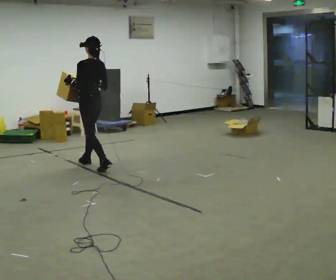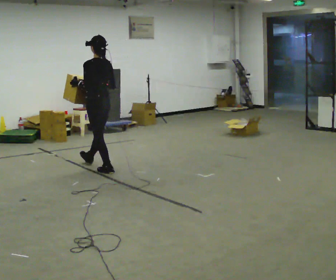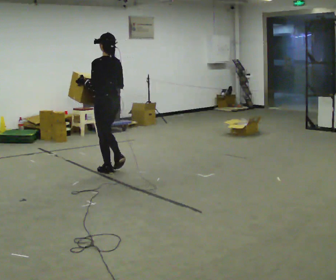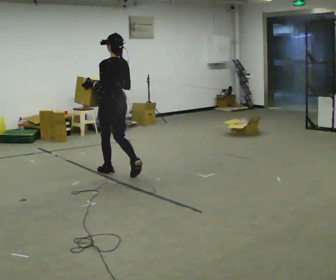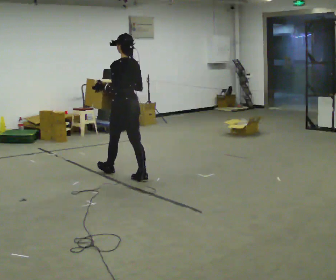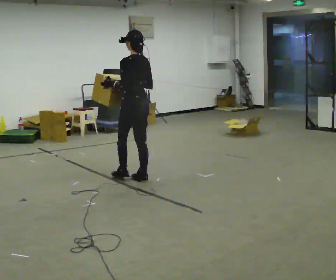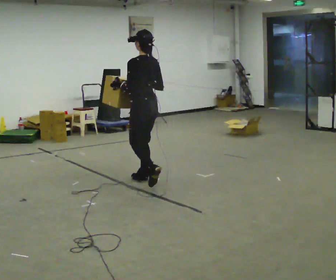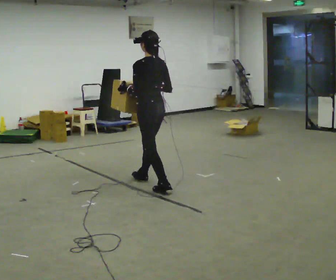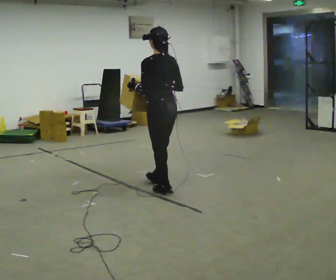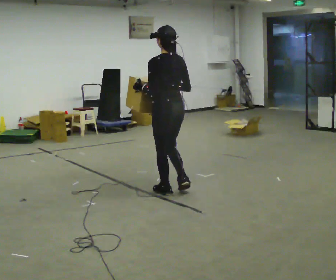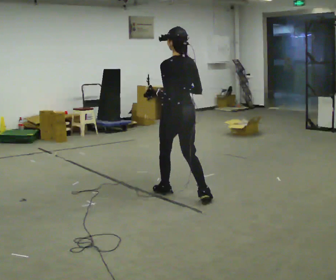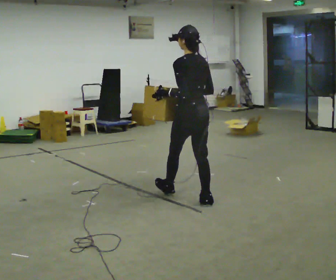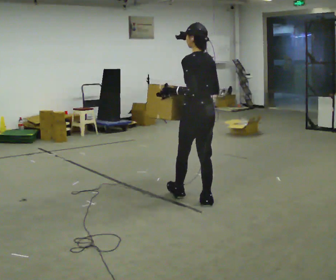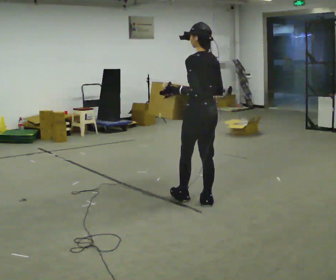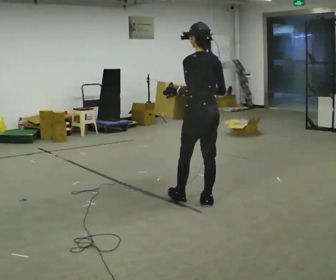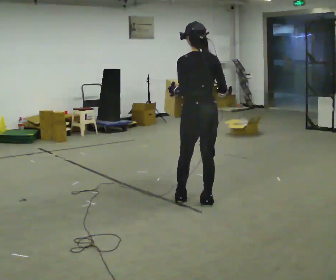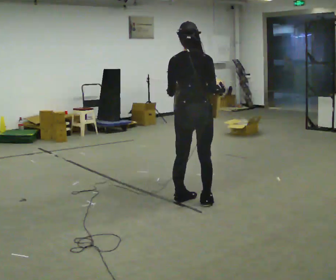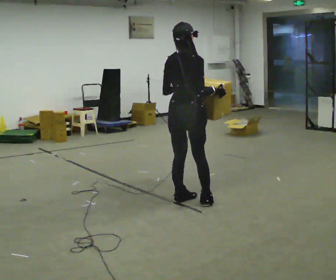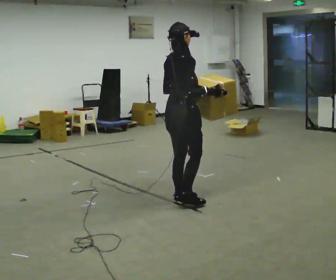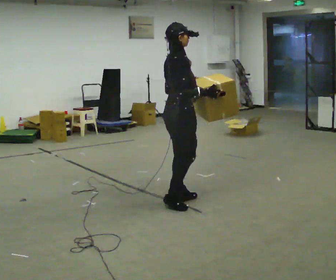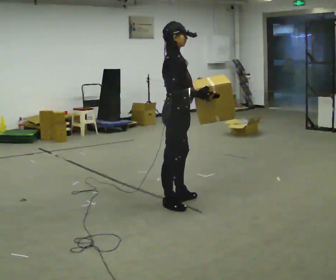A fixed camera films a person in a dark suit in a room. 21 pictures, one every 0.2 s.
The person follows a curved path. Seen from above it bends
clockwise.
The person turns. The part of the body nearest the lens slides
to the left.
0.0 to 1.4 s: In the picture they go to the right and toward the camera, about 1 m in 2 steps, which for them is backward.
1.4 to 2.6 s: In the picture they go toward the camera and to the right, about 0.5 m in 2 steps, which for them is backward.
2.6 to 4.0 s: Seen from above the body turns clockwise, about 135 degrees: to their right, with its near side sliding to the left. In the picture they go to the left, about 0.25 m in 1 step.
The film runs backward here.
